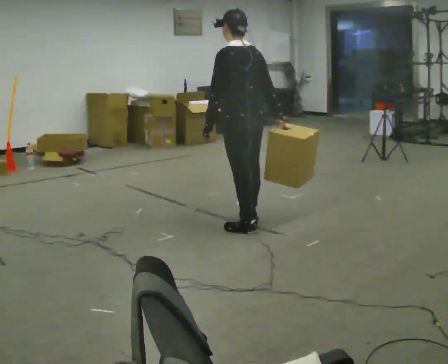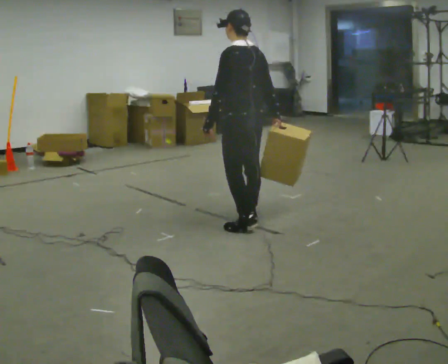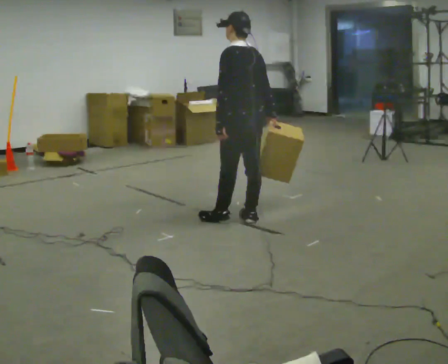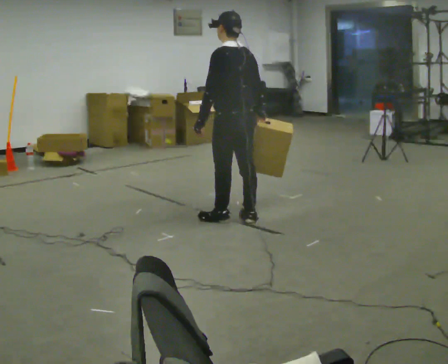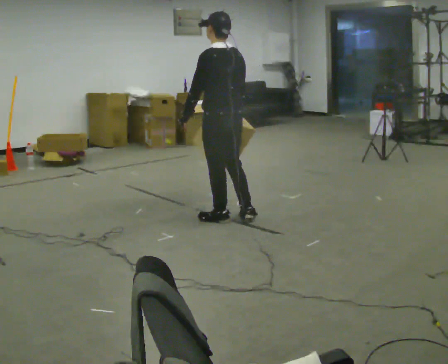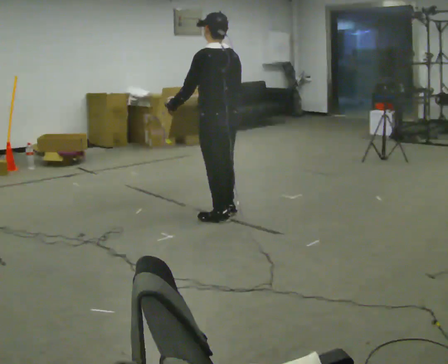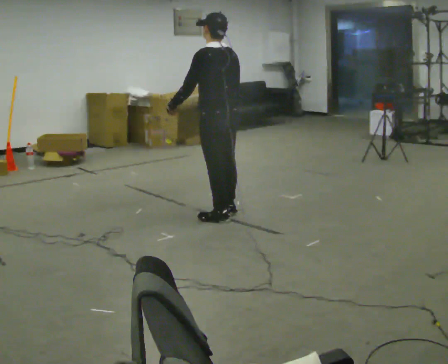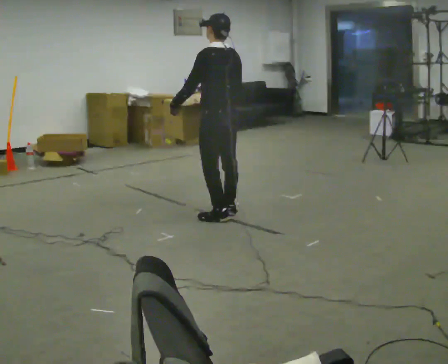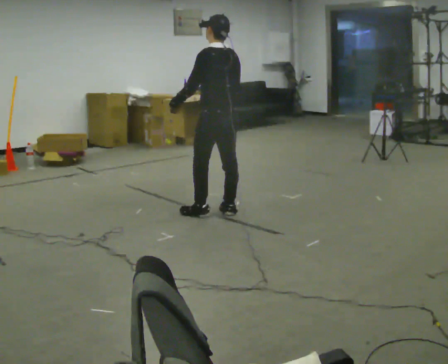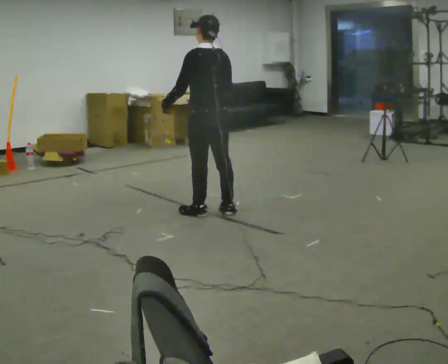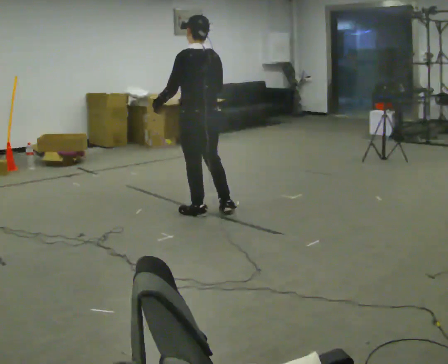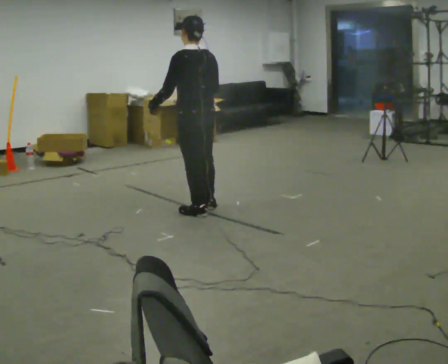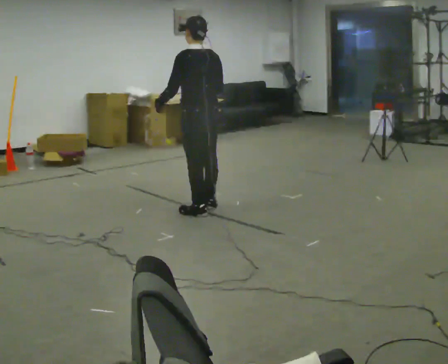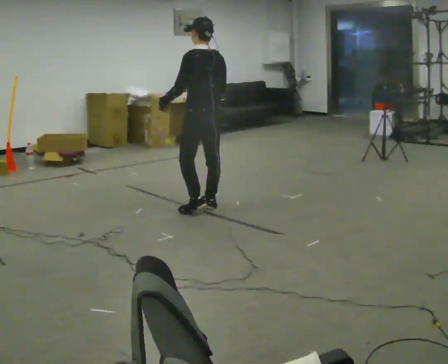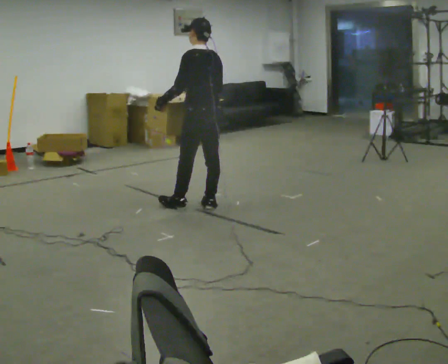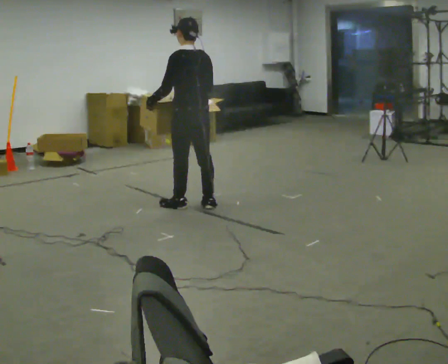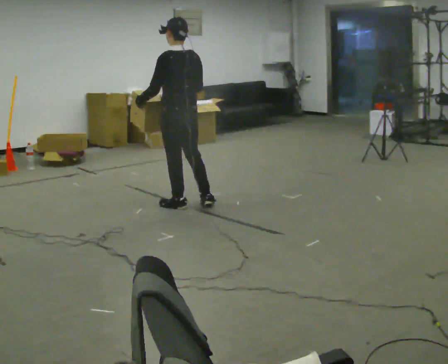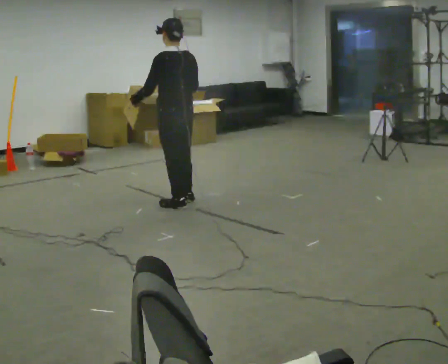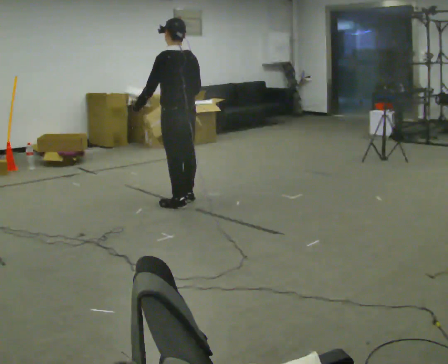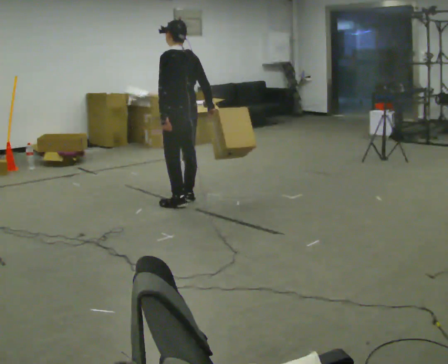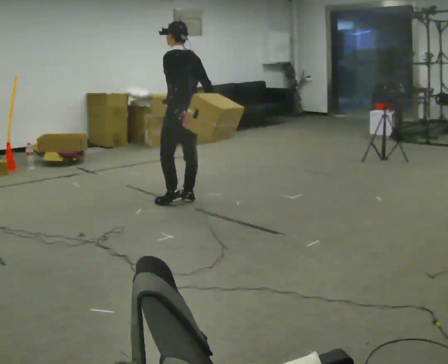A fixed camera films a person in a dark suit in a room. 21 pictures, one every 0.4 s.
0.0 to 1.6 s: In the picture they go to the left and away from the camera, about 0.25 m in 1 step, which for them is forward. In the picture their right hand goes to the left.
1.6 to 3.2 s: In the picture they go away from the camera, about 0.25 m in 2 steps, which for them is forward.
3.2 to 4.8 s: The person moves a little, or ends about where they began.
4.8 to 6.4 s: In the picture they go to the left, about 0.25 m in 1 step, which for them is forward.
6.4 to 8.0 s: In the picture they go away from the camera, about 0.25 m in 1 step, which for them is to their right and forward. In the picture their left hand goes to the right.
The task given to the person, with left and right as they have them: Carry the box and, while walking, shift it to a different hold: front, then hip, then shoulder, then back to front. Do not stop walking.
The film runs forward here.
